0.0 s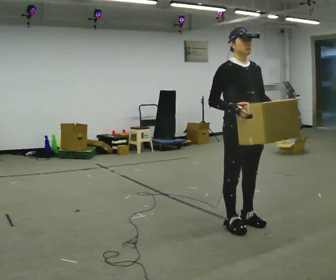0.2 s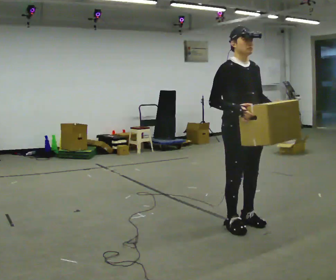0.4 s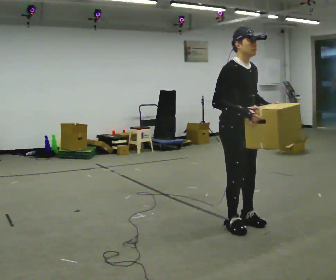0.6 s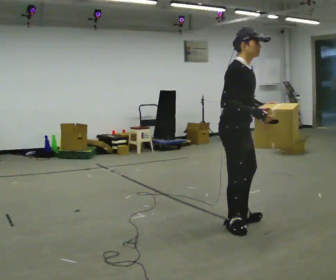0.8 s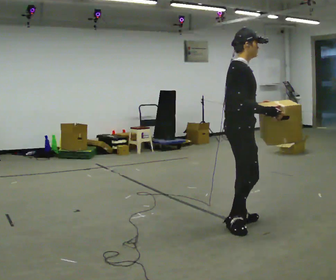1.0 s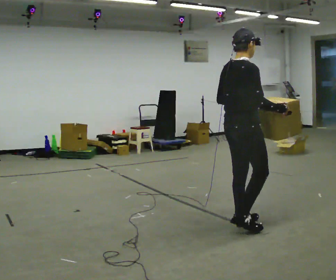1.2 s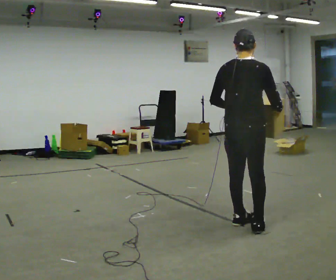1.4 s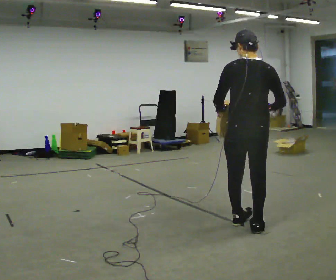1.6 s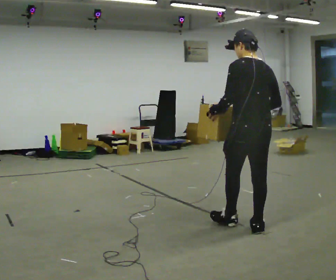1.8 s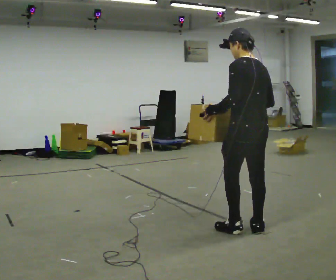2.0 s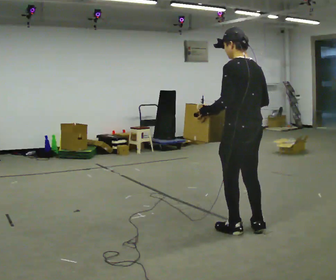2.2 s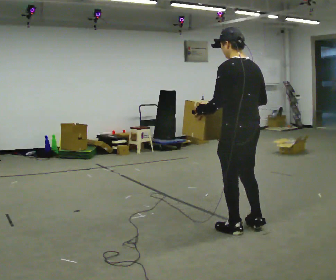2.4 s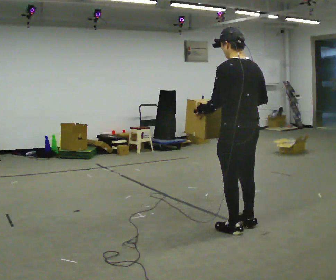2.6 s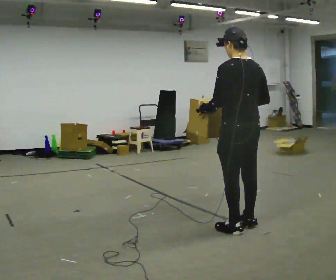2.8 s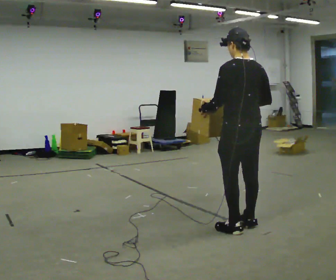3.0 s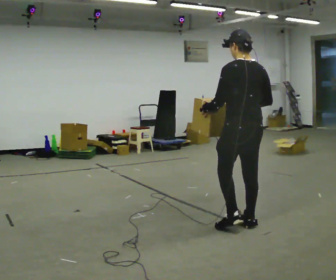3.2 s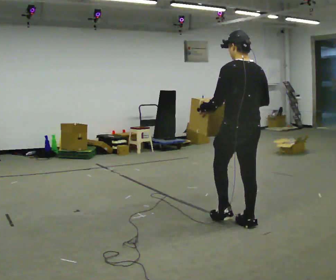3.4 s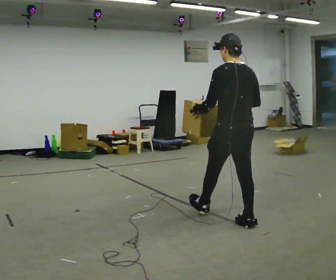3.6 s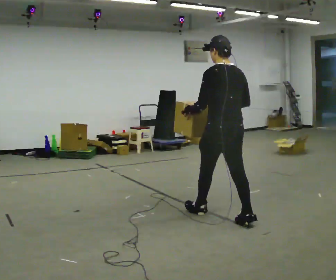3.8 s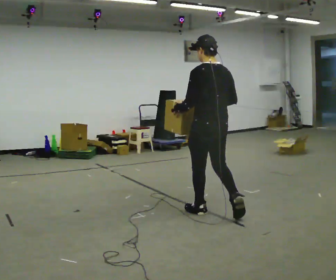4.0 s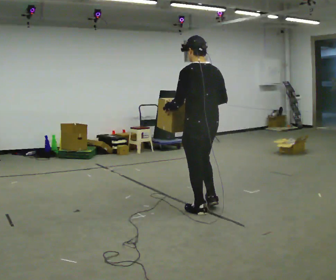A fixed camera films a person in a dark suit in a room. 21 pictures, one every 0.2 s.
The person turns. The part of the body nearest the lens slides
to the right.
The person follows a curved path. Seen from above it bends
counterclockwise.
0.0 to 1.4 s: Seen from above the body turns counterclockwise, about 150 degrees: to their left, with its near side sliding to the right. In the picture their left hand goes to the left.
1.4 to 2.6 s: Seen from above the body turns counterclockwise, about 30 degrees: to their left, with its near side sliding to the right.
2.6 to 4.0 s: In the picture they go to the left and away from the camera, about 0.75 m in 1 step, which for them is forward.
The film runs forward here.
